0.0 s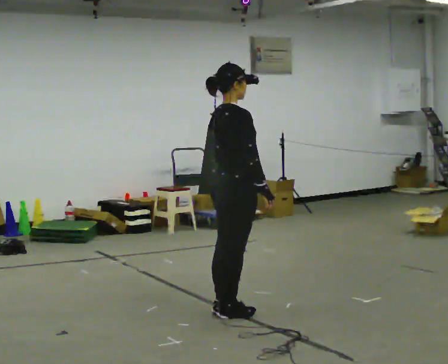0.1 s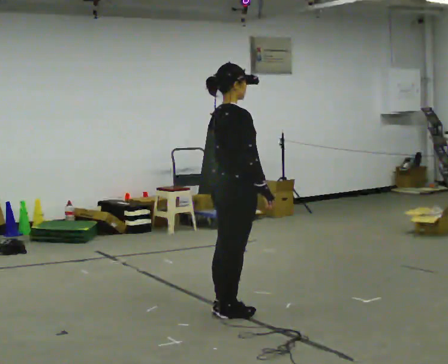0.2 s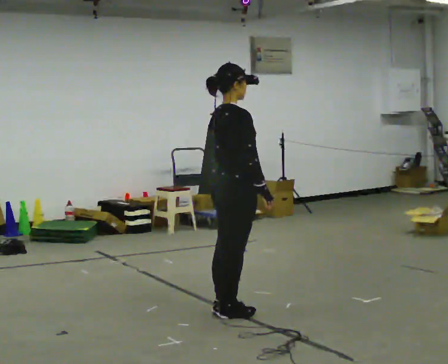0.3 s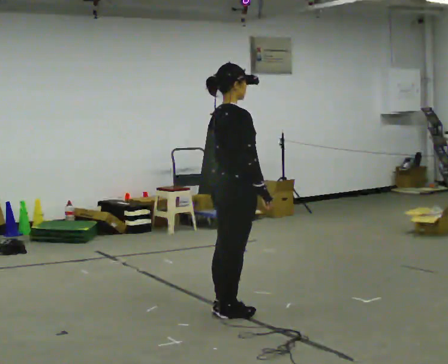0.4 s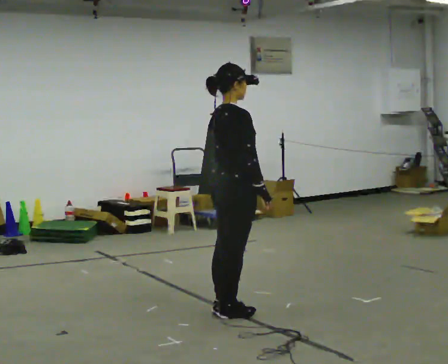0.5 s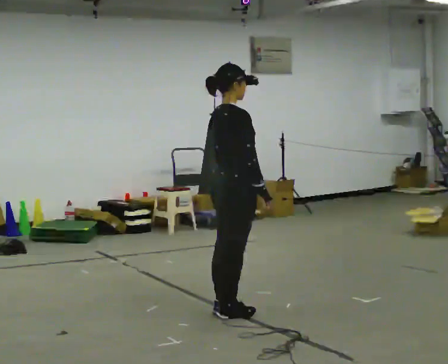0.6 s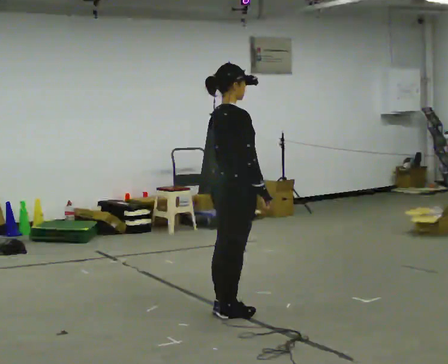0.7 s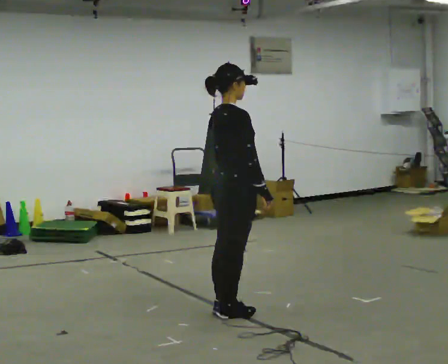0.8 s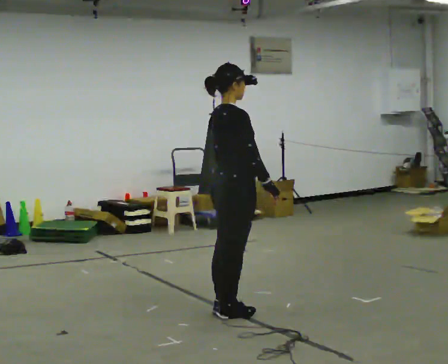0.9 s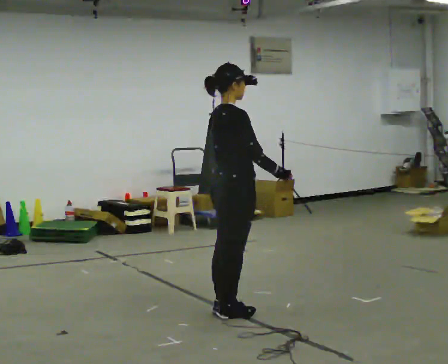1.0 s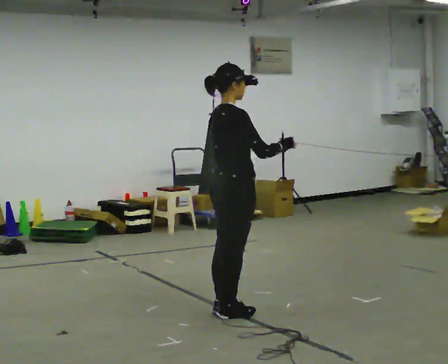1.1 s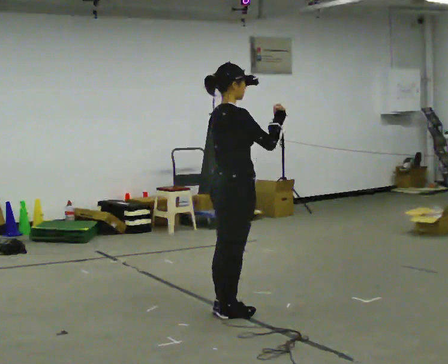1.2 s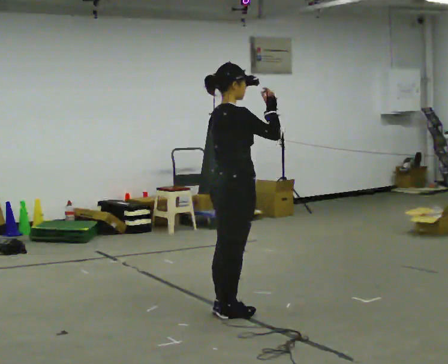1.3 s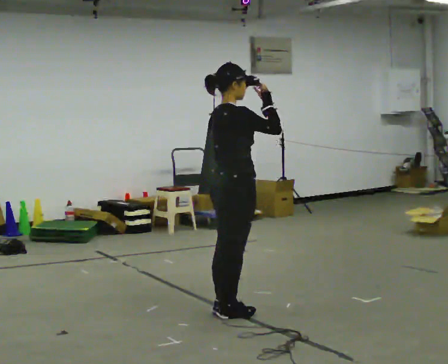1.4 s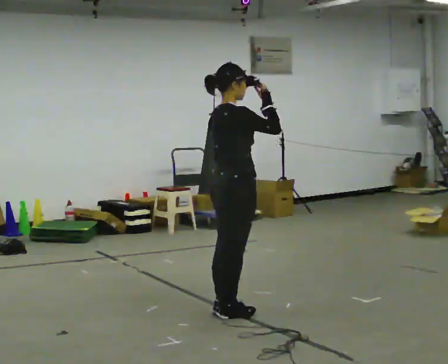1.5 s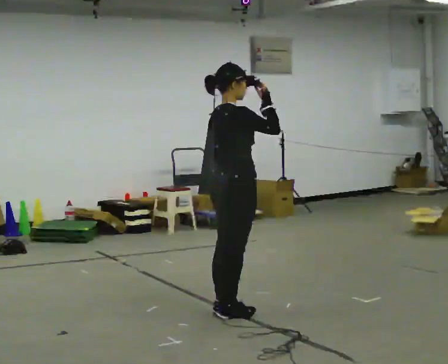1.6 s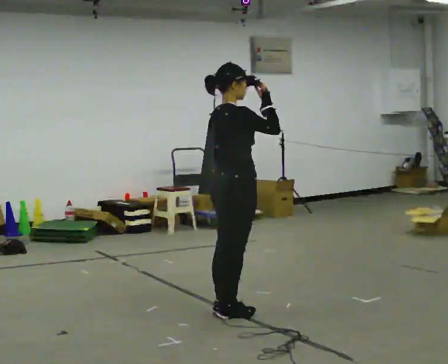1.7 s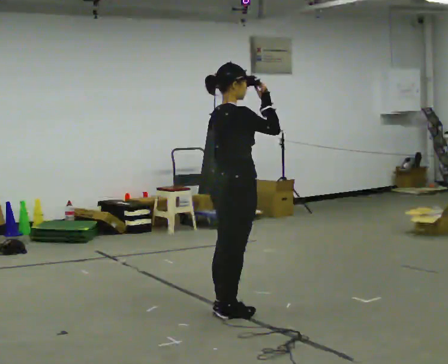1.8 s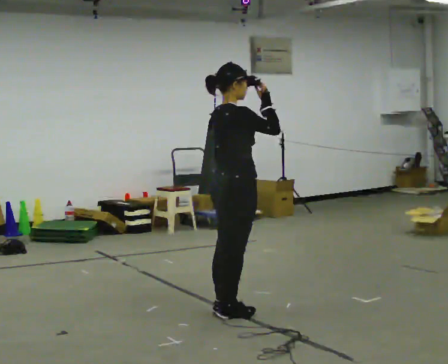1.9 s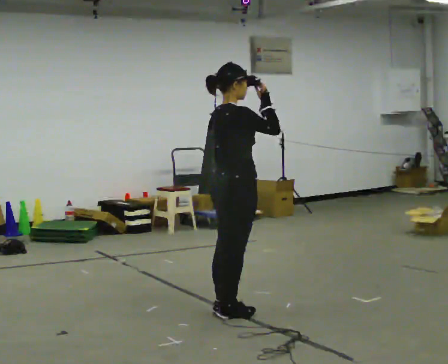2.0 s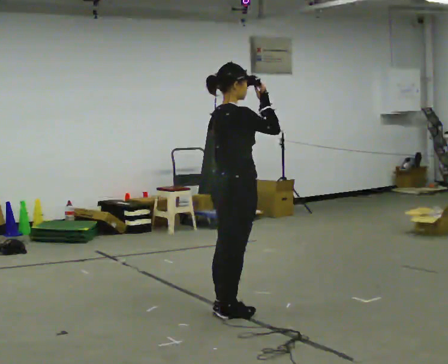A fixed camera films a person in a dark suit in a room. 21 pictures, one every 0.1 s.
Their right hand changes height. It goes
upward.
0.0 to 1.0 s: In the picture their right hand goes upward.
1.0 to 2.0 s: The person moves a little, or ends about where they began.
The film runs forward here.
